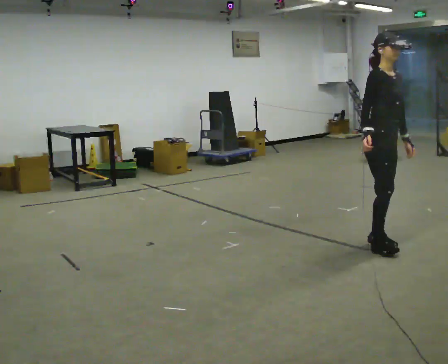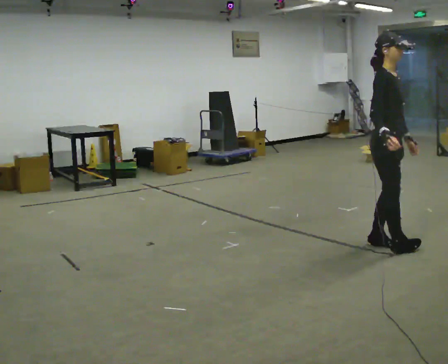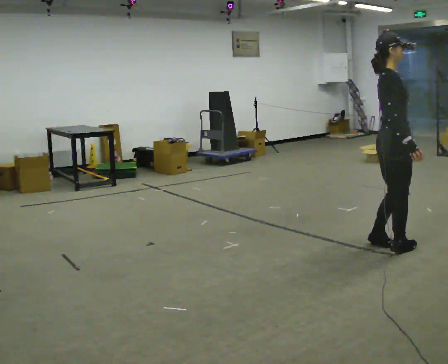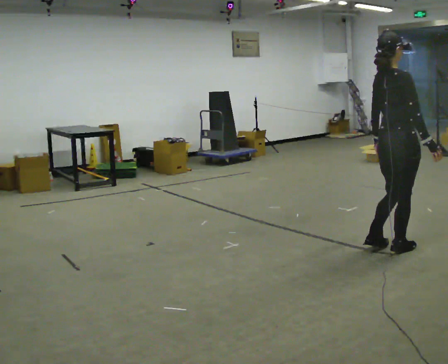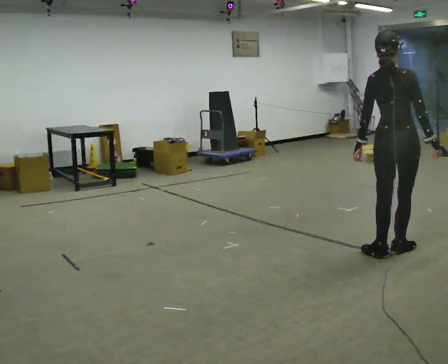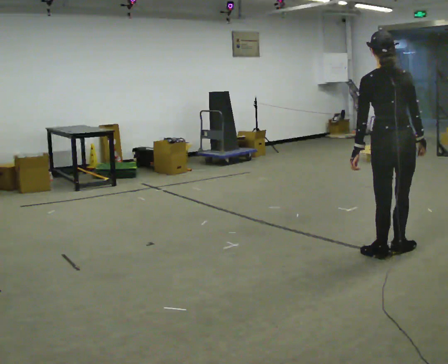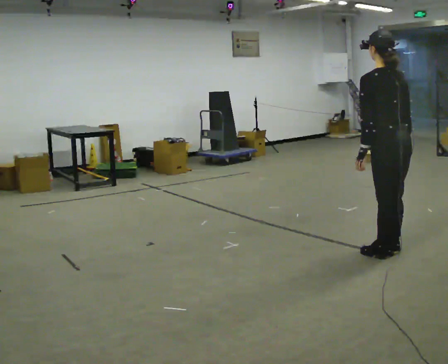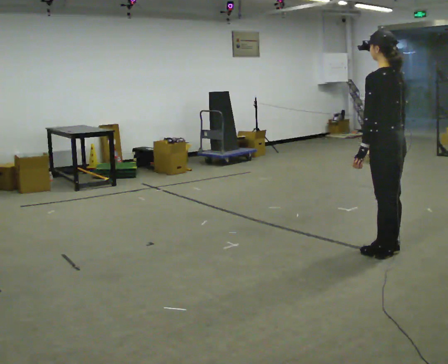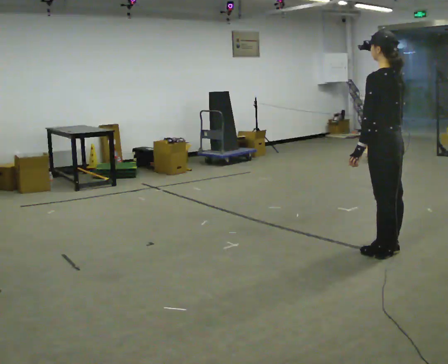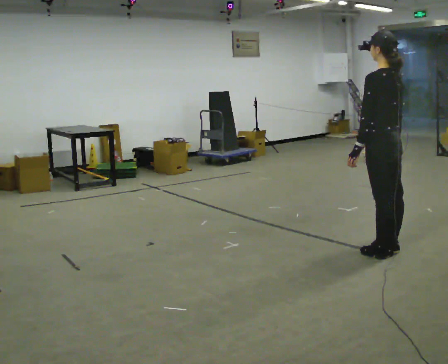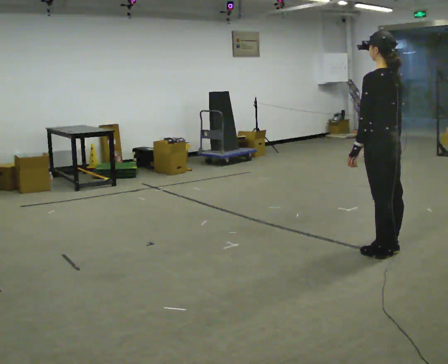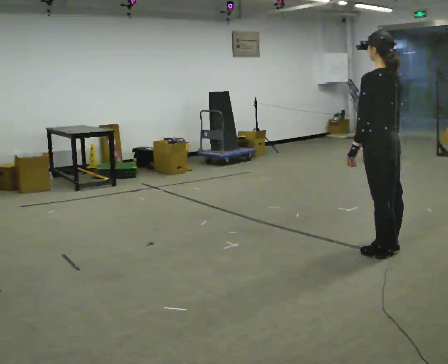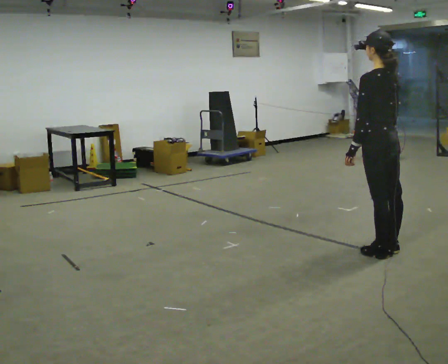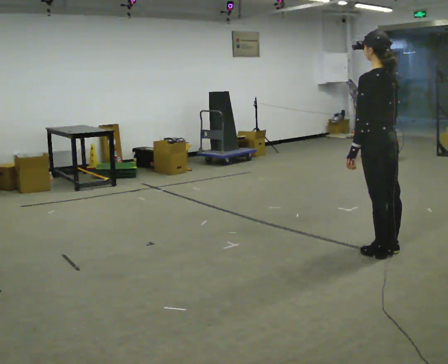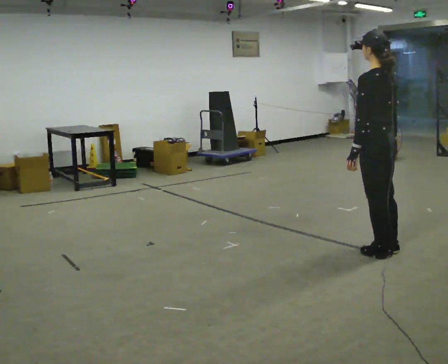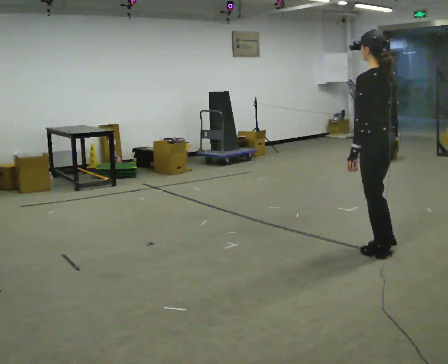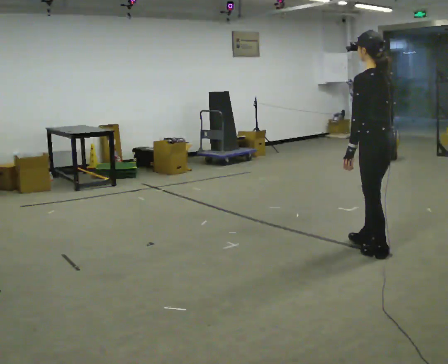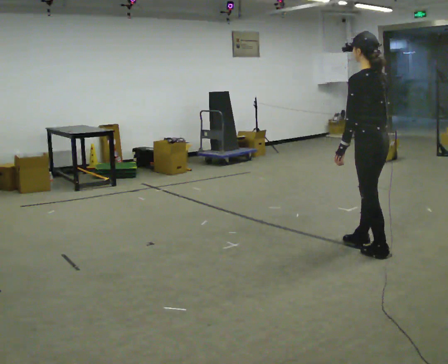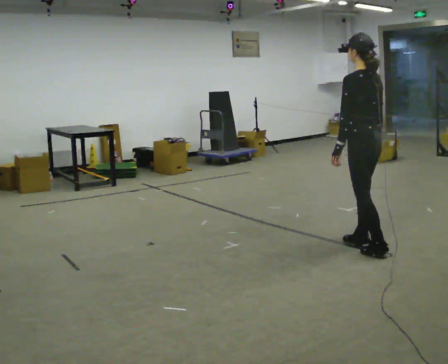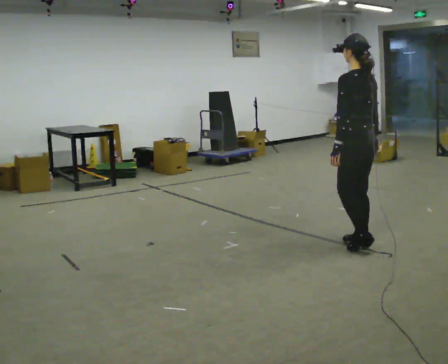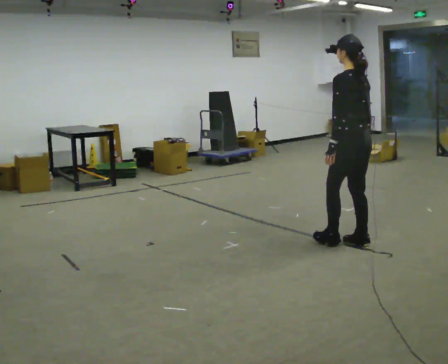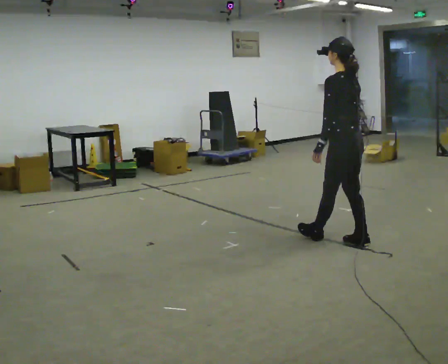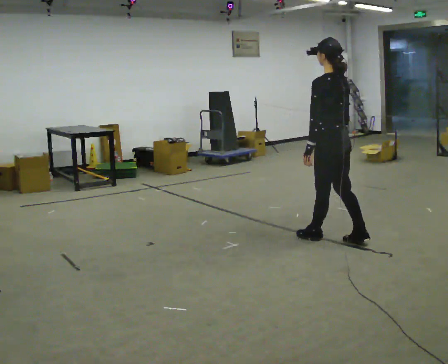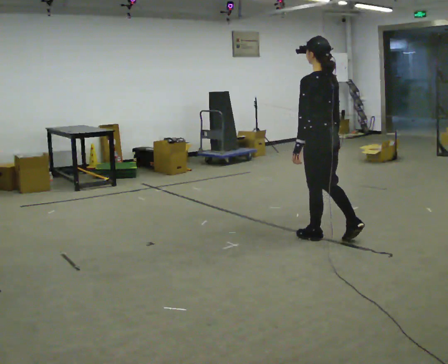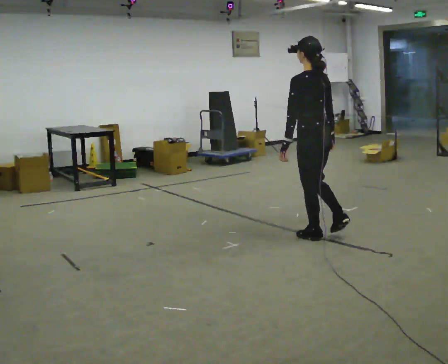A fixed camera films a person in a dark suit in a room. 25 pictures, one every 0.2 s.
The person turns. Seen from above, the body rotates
counterclockwise.
The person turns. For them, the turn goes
to their left.
0.0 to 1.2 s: The part of the body nearest the lens slides to the right as the person turns to their left by about 150 degrees. In the picture they go toward the camera, about 0.25 m in 1 step.
1.2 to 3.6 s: Seen from above the body turns counterclockwise, about 30 degrees: to their left, with its near side sliding to the right. In the picture they go to the left and away from the camera, about 0.25 m in 1 step, which for them is forward.
3.6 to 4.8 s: In the picture they go to the left and away from the camera, about 0.5 m in 2 steps, which for them is forward.
The film runs backward here.
